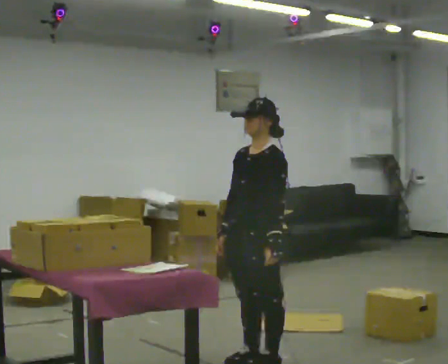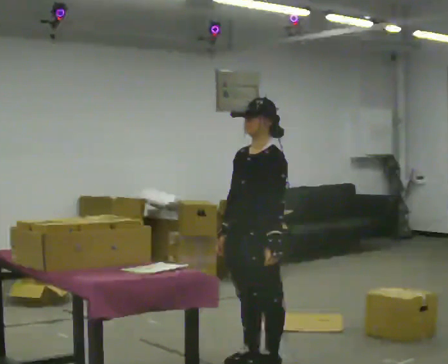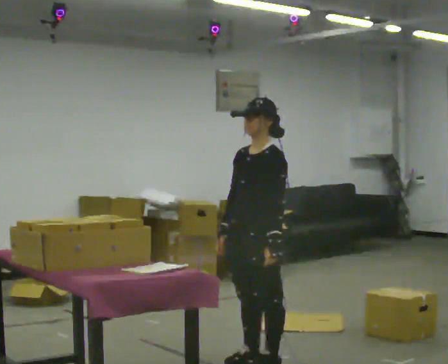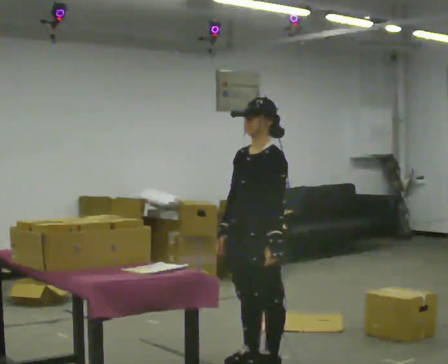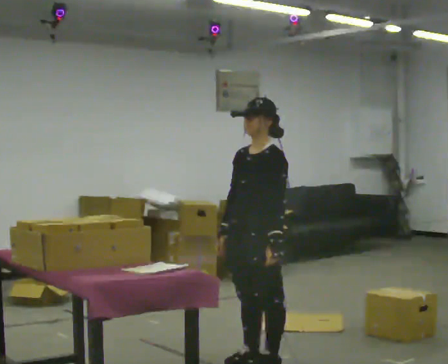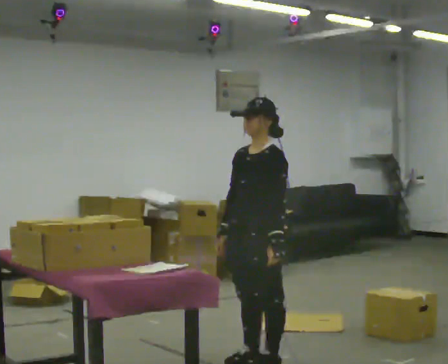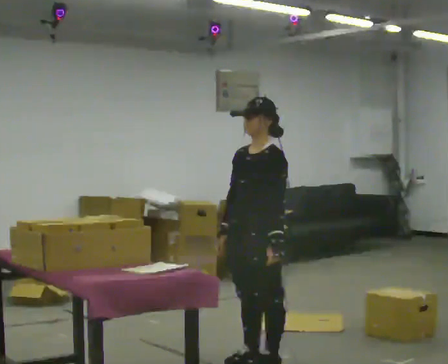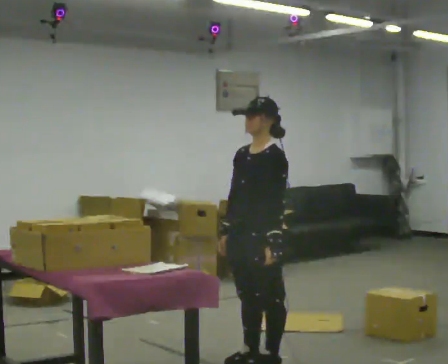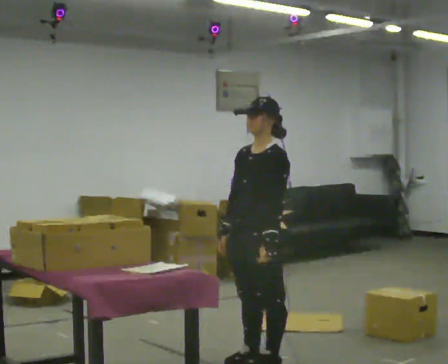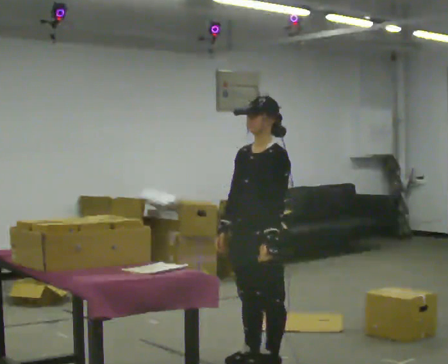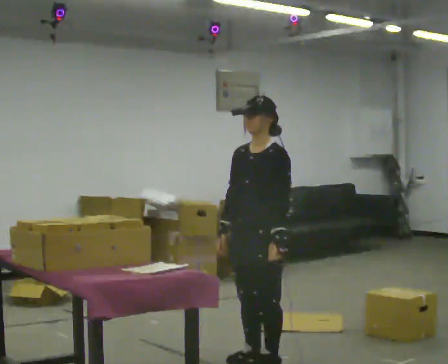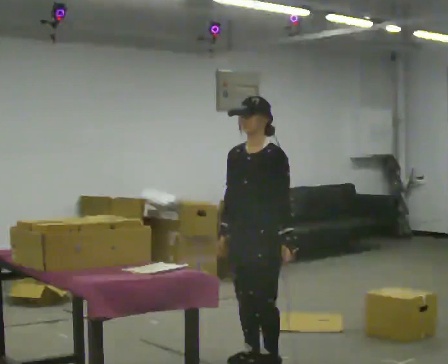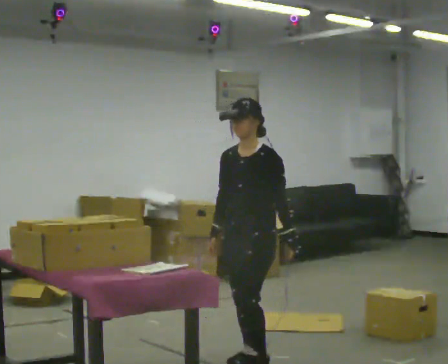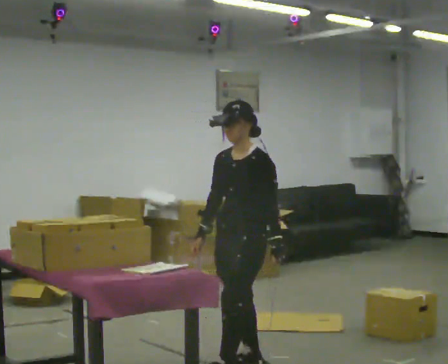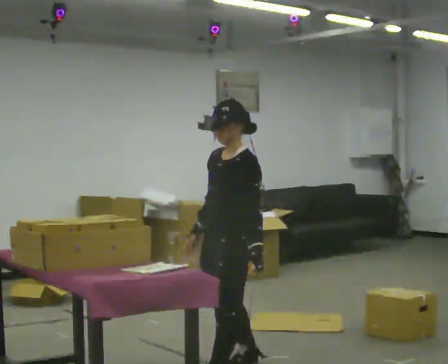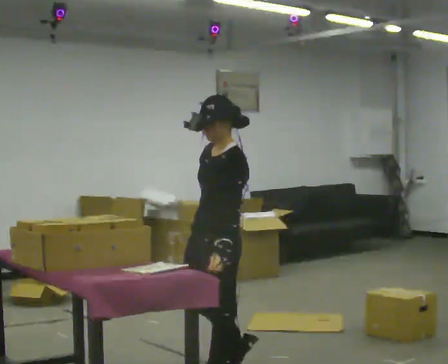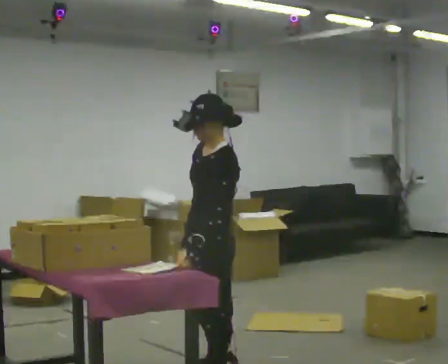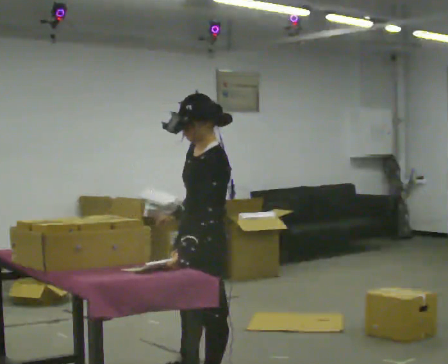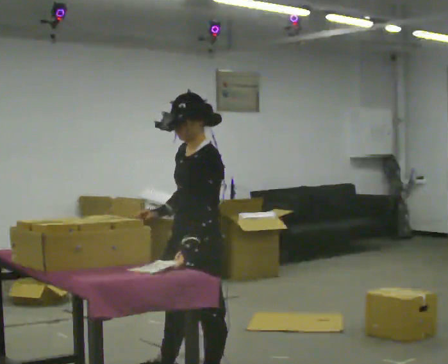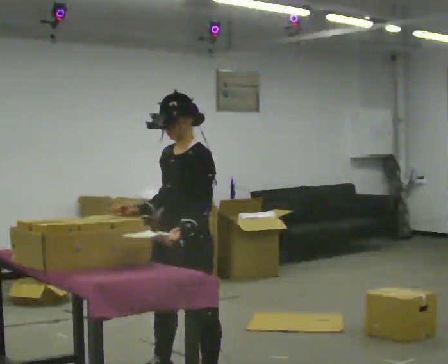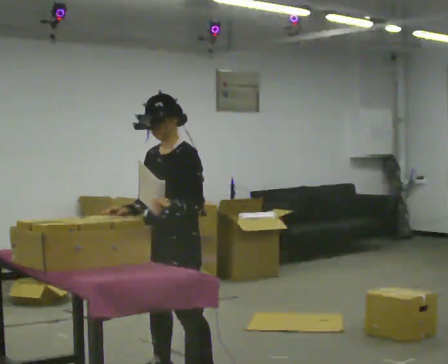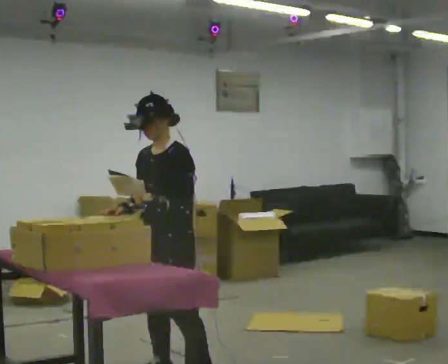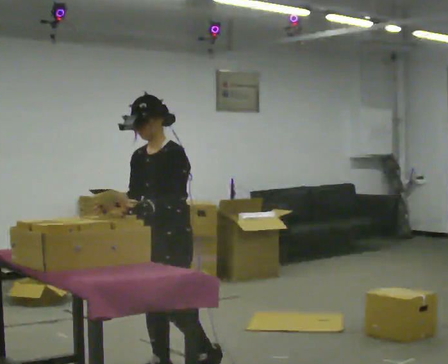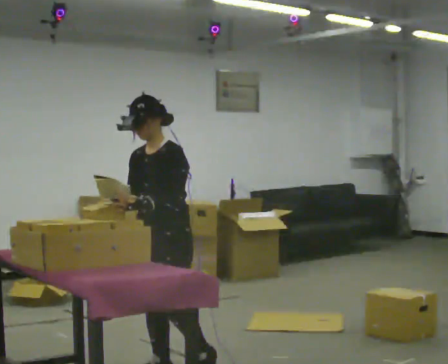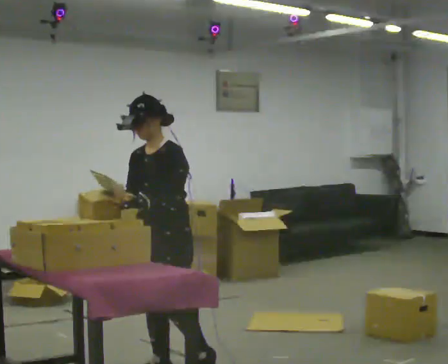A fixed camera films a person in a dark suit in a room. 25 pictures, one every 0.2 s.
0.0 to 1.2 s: The person keeps their place and pose.
1.2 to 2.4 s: The person moves a little, or ends about where they began.
2.4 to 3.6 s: Seen from above the body turns clockwise, about 30 degrees: to their right, with its near side sliding to the left. In the picture they go toward the camera and to the left, about 0.5 m in 1 step, which for them is forward and to their left.
3.6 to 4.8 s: Seen from above the body turns counterclockwise, about 30 degrees: to their left, with its near side sliding to the right. In the picture they go to the left and away from the camera, about 0.25 m in 1 step, which for them is to their right.
The film runs backward here.
